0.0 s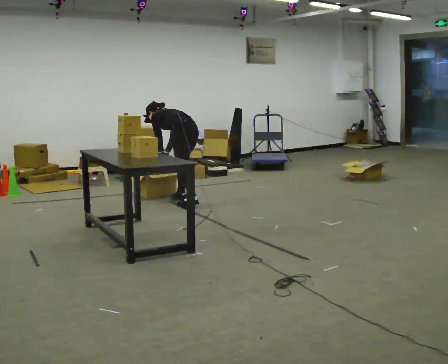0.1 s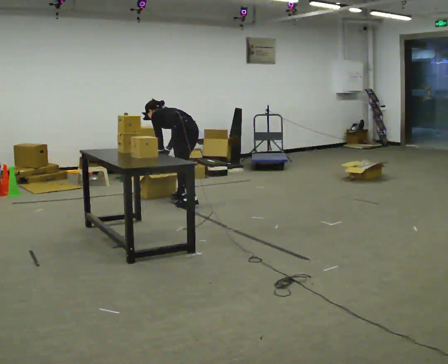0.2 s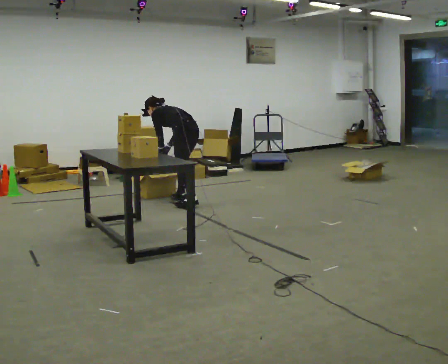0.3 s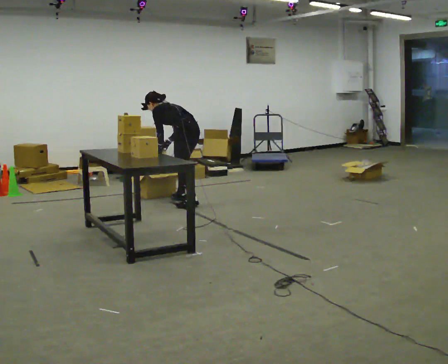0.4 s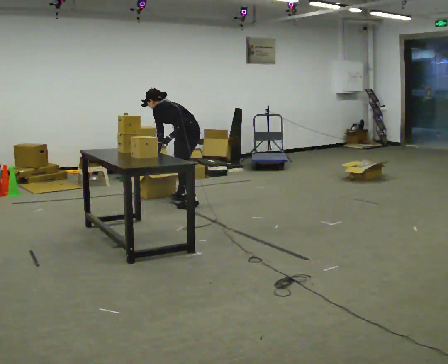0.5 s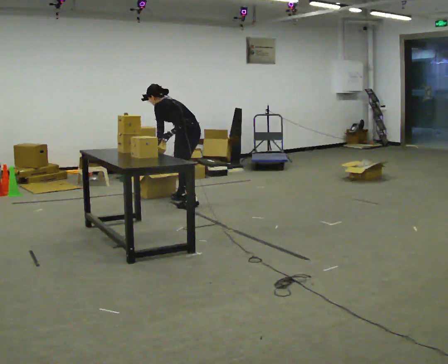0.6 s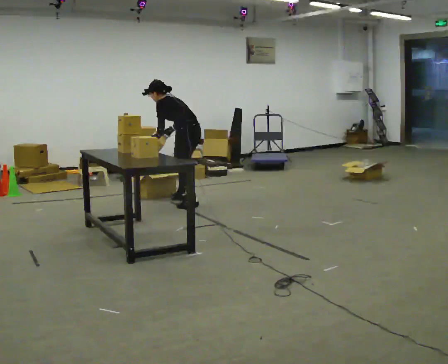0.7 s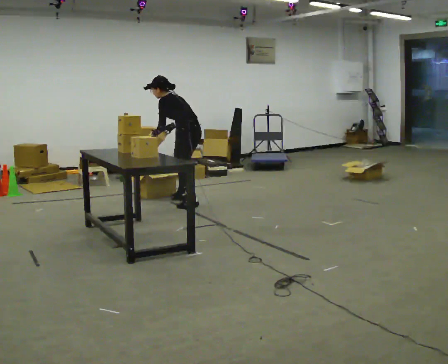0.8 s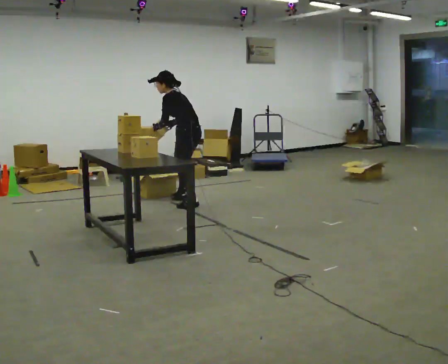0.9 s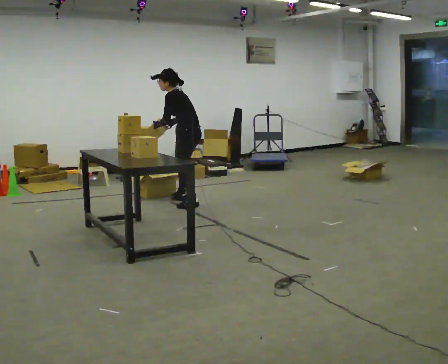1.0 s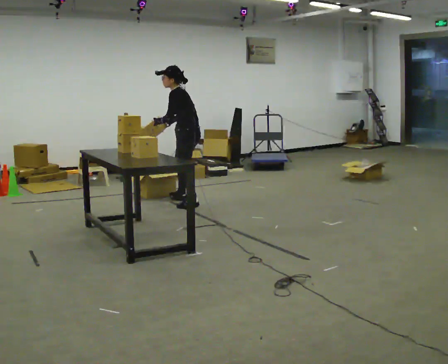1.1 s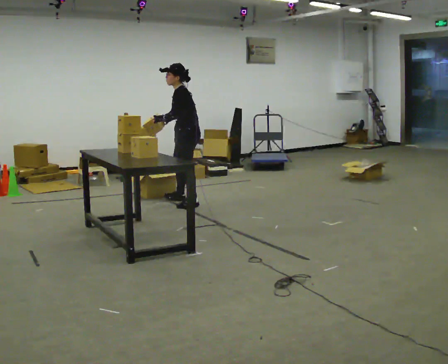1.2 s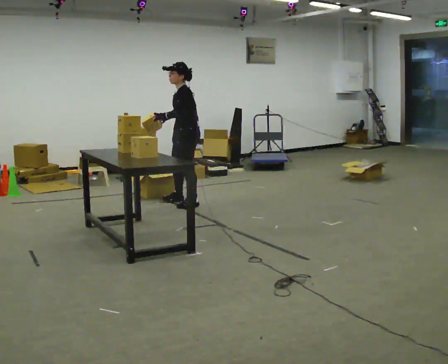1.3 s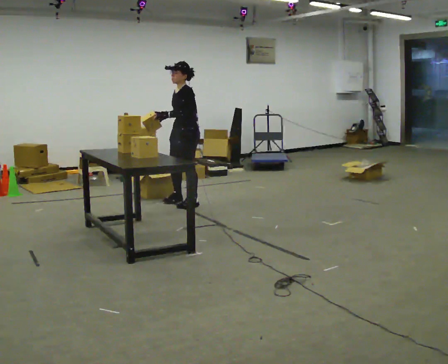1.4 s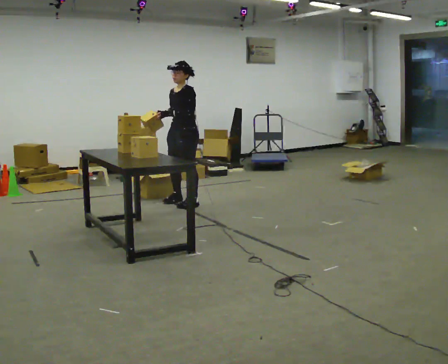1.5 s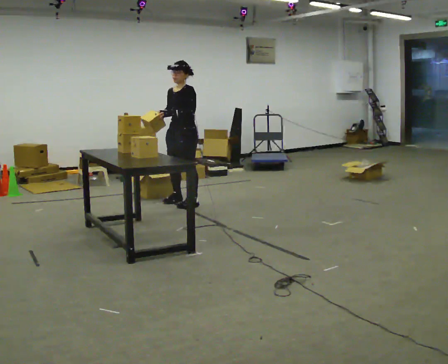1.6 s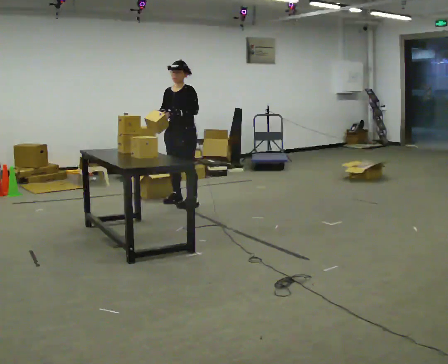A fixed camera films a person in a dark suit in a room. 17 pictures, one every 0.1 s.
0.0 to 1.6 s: Seen from above the body turns counterclockwise, about 90 degrees: to their left, with its near side sliding to the right. The upper body goes upward. The upper body tips toward the camera, its near side rolling downward, as they lean back or straighten. In the picture their right hand goes upward.
The film runs forward here.
